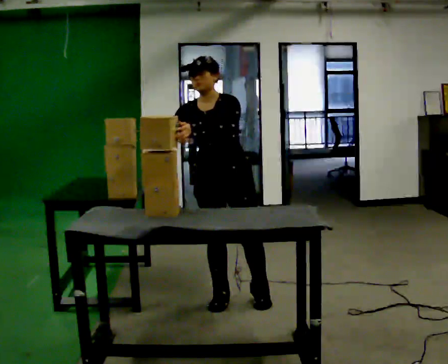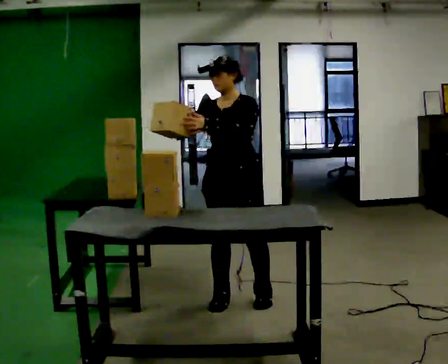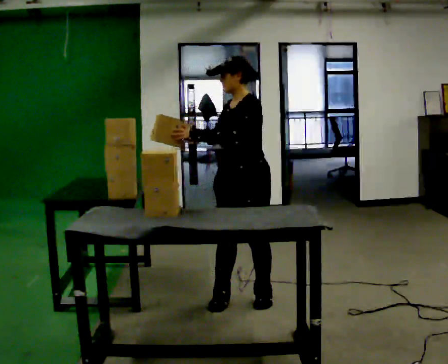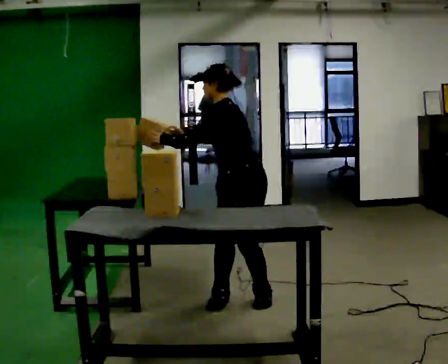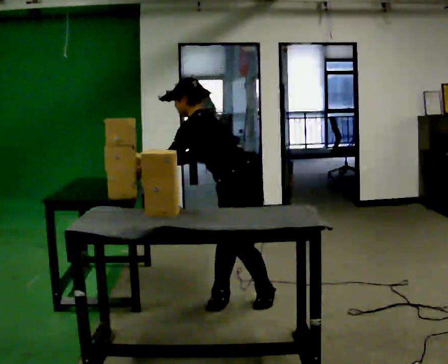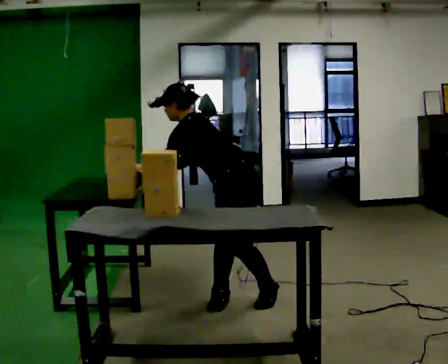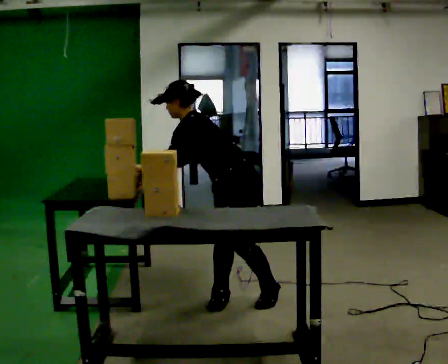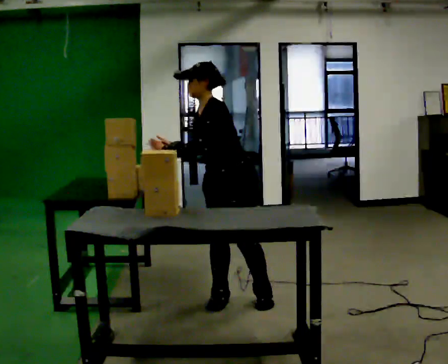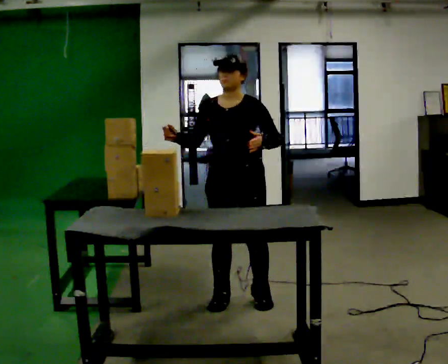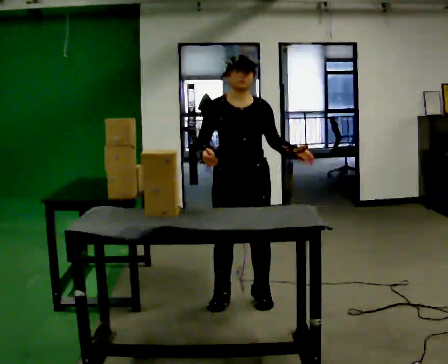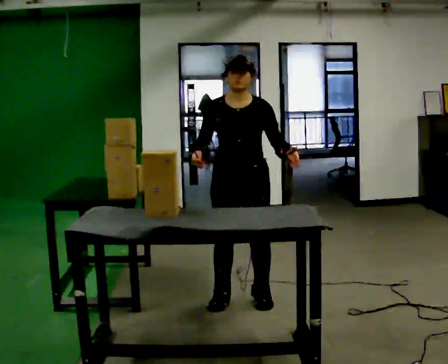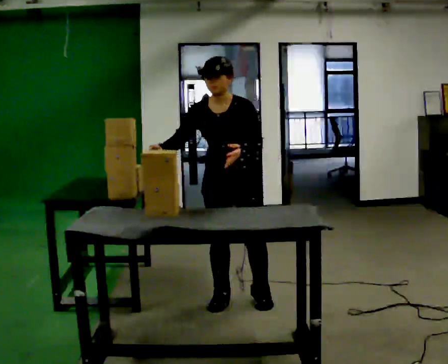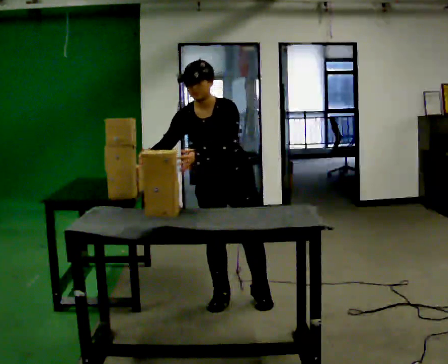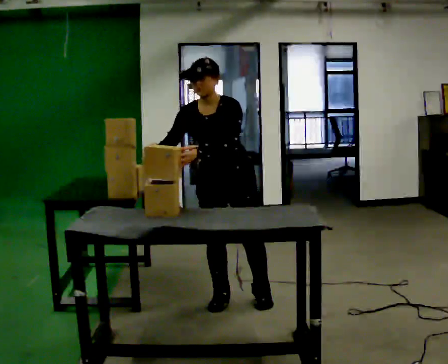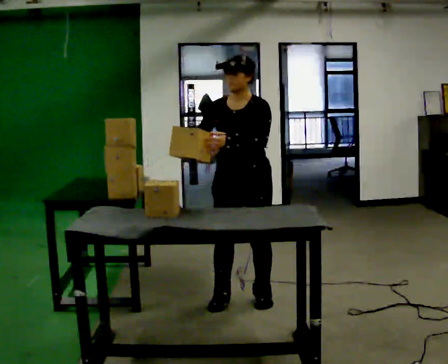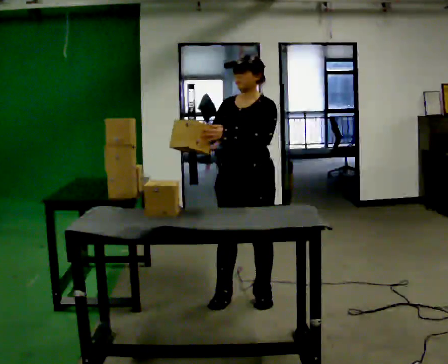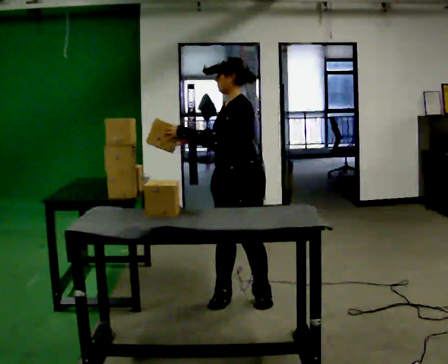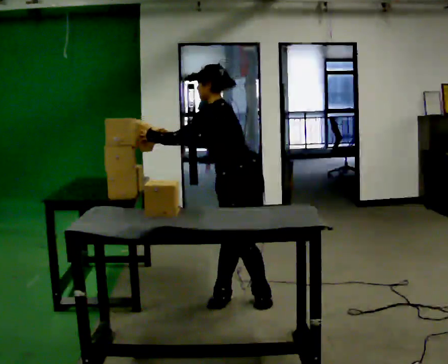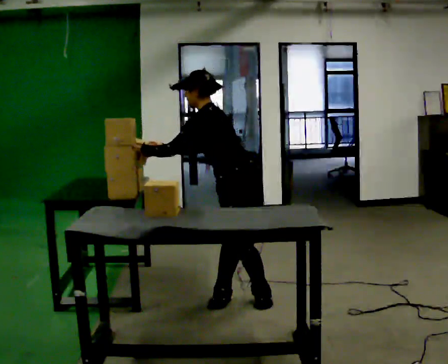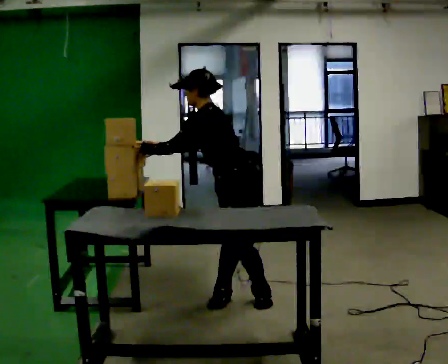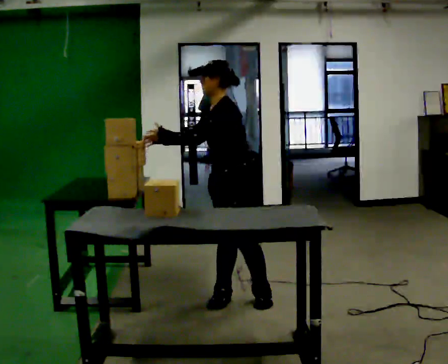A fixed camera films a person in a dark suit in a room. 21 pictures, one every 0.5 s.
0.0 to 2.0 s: The person turns about 75 degrees to their right, clockwise seen from above, so the part of the body nearest the lens slides to the left.
2.0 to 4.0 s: The part of the body nearest the lens slides to the right as the person turns to their left by about 75 degrees. In the picture the upper body tilts clockwise, shoulders to the right, as they lean back or straighten. In the picture their left hand goes to the right.
4.0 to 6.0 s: The upper body tips toward the camera, its near side rolling downward, as they bend forward.
6.0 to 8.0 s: Seen from above the body turns clockwise, about 45 degrees: to their right, with its near side sliding to the left.
8.0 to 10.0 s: The person moves a little, or ends about where they began.
The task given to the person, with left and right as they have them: Move the objects one at a time between the far targets the operator calls, without moving your feet. Repeat at your own pace until the operator says stop. Keep both feet on the marked spots for the whole take. If you have to step, stop and tell the operator.
The film runs forward here.
